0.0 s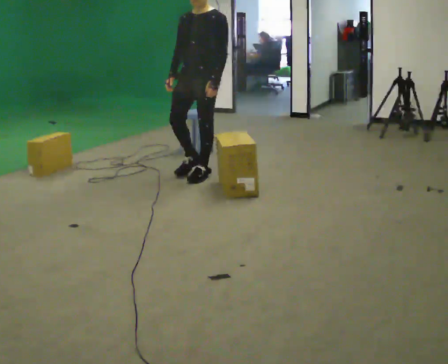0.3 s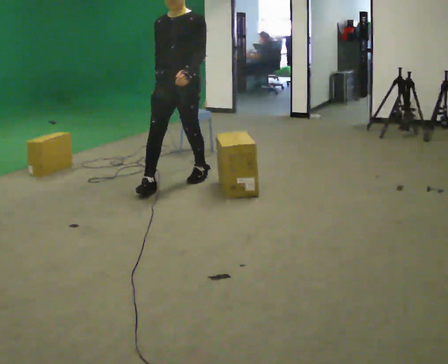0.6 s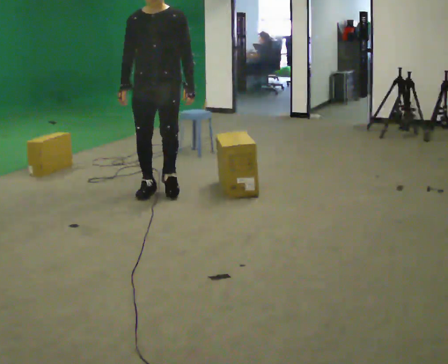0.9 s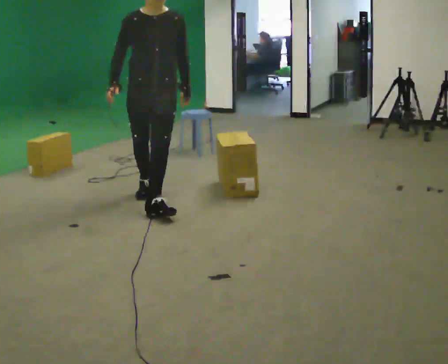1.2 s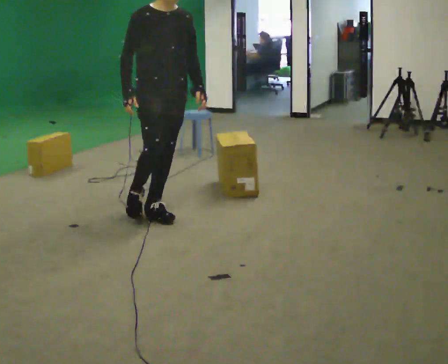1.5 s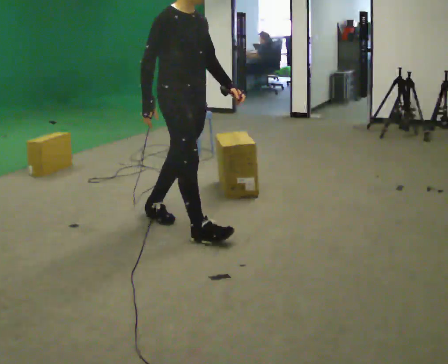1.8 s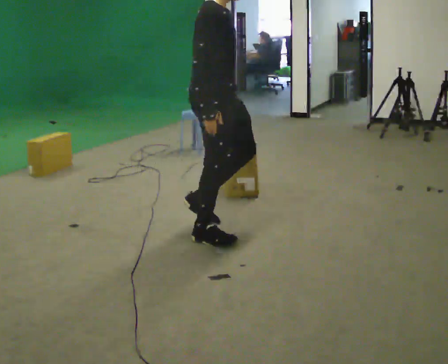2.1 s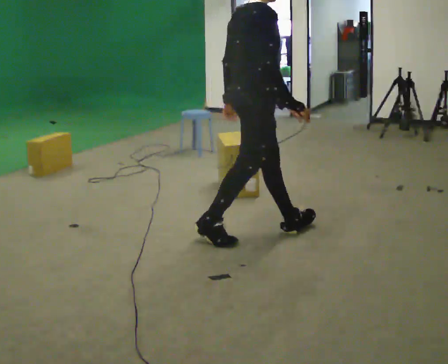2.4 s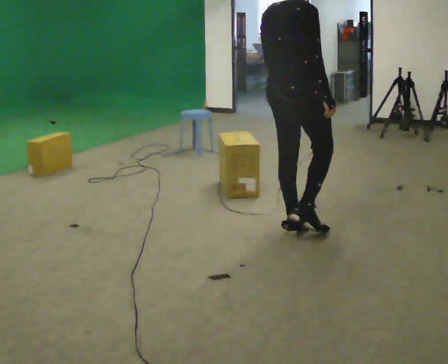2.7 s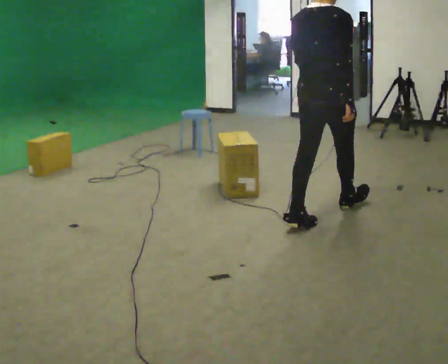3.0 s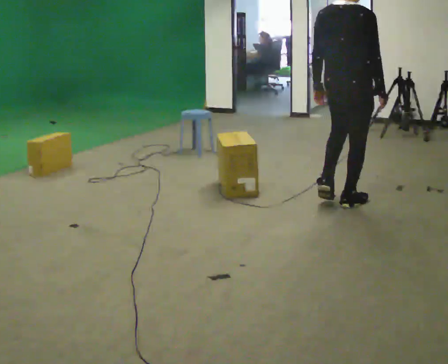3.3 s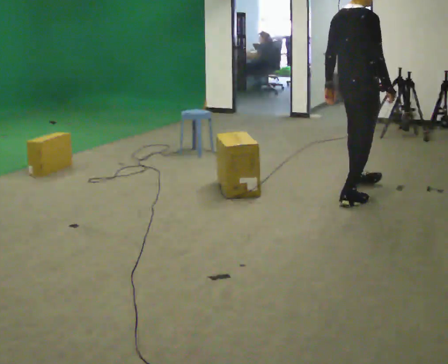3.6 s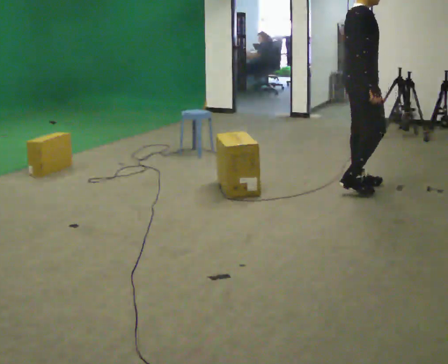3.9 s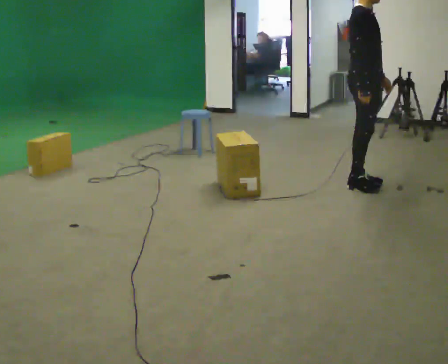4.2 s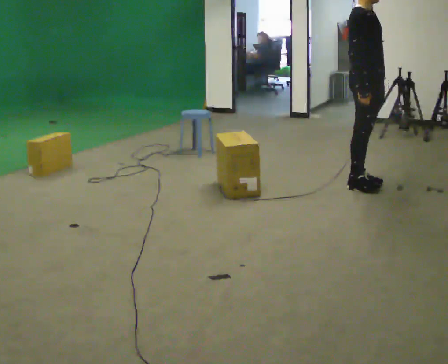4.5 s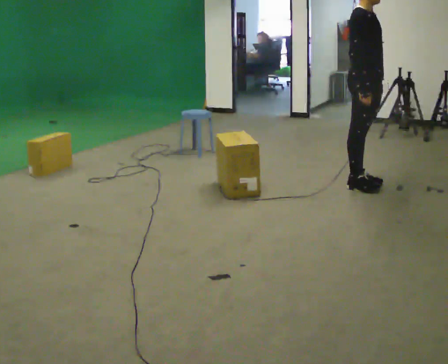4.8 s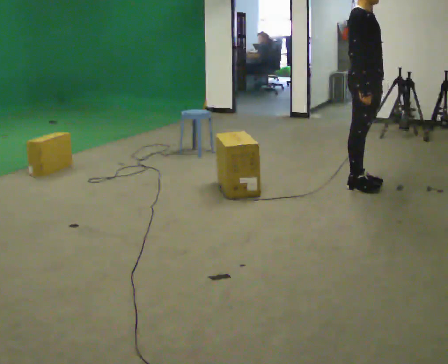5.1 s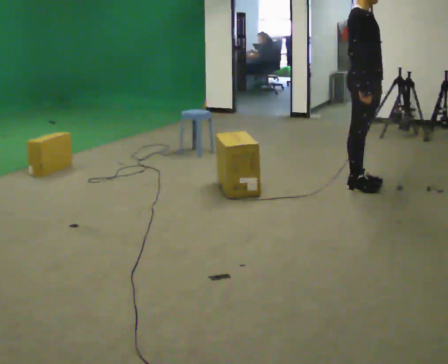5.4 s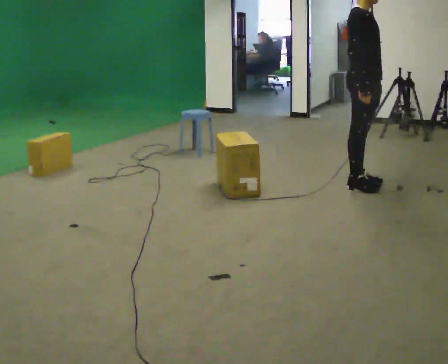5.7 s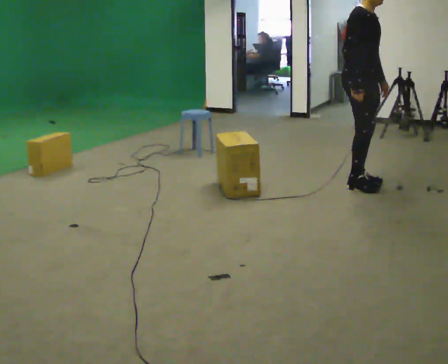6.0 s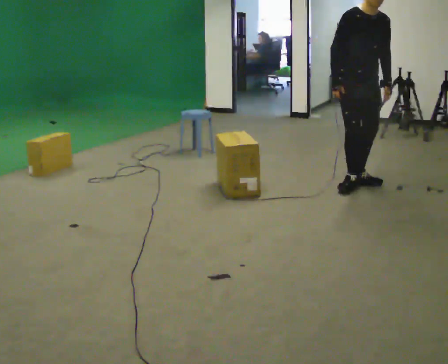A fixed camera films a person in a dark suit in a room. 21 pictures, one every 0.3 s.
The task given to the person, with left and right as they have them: Start at marker; visit targets in order; choose natural paths; avoid obstacles; stop at final target.
0.0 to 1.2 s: Seen from above the body turns counterclockwise, about 60 degrees: to their left, with its near side sliding to the right. In the picture they go toward the camera, about 1 m in 2 steps.
1.2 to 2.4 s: The part of the body nearest the lens slides to the right as the person turns to their left by about 90 degrees. In the picture they go to the right, about 1 m in 2 steps.
2.4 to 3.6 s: The part of the body nearest the lens slides to the left as the person turns to their right by about 45 degrees. In the picture they go away from the camera and to the right, about 1 m in 2 steps, which for them is forward.
3.6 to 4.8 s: The person turns about 30 degrees to their right, clockwise seen from above, so the part of the body nearest the lens slides to the left.
4.8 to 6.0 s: The part of the body nearest the lens slides to the left as the person turns to their right by about 45 degrees. In the picture the upper body tilts clockwise, shoulders to the right.
The film runs forward here.
